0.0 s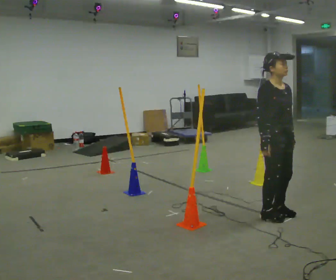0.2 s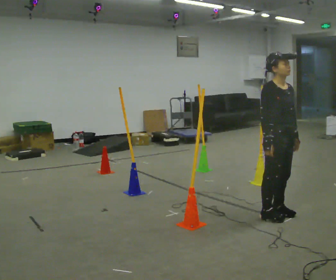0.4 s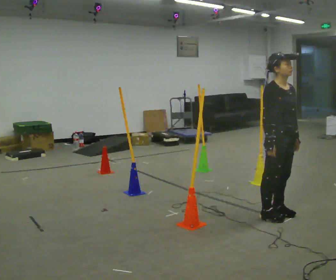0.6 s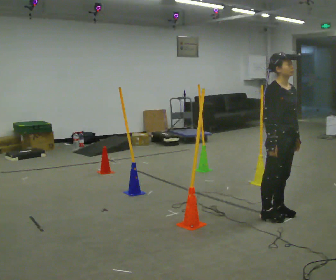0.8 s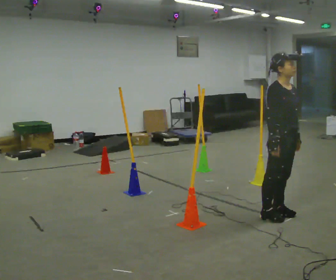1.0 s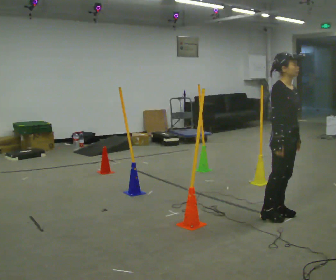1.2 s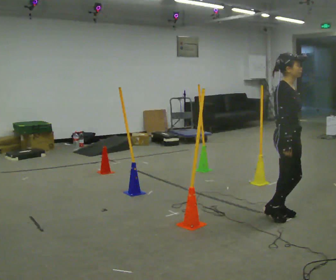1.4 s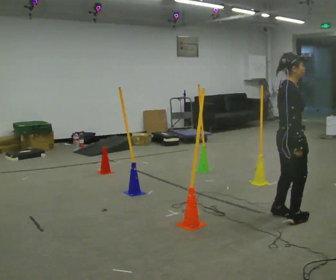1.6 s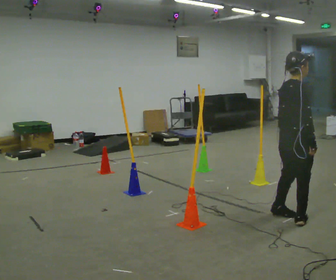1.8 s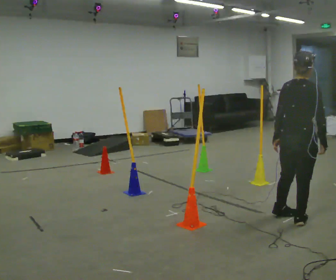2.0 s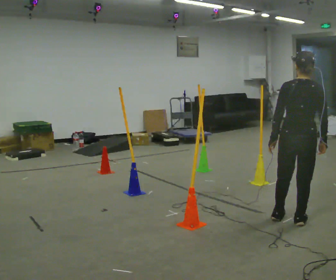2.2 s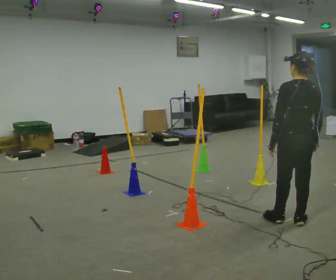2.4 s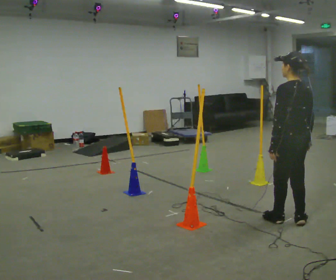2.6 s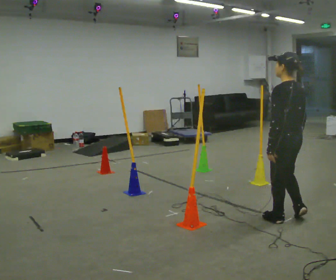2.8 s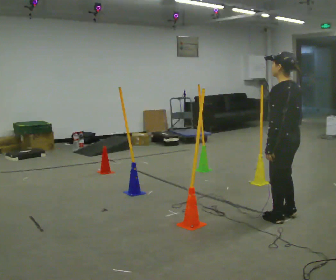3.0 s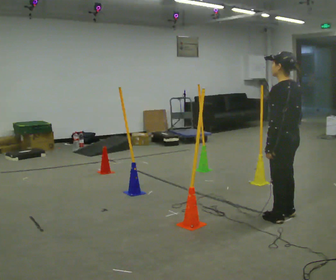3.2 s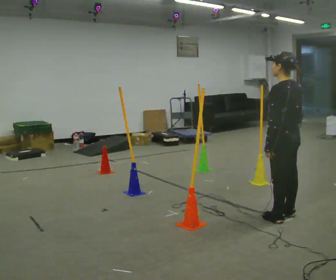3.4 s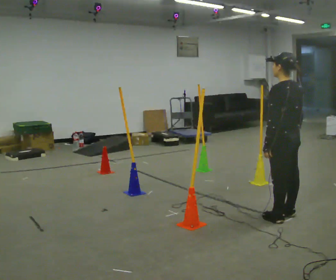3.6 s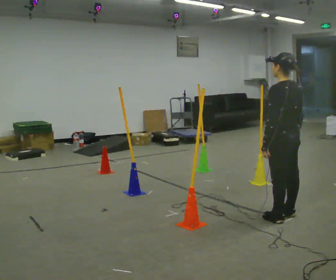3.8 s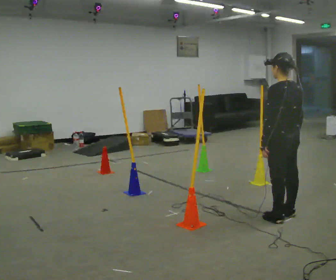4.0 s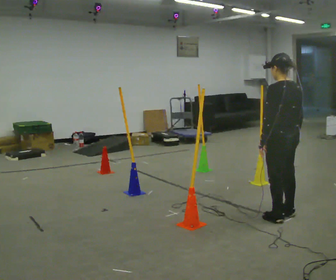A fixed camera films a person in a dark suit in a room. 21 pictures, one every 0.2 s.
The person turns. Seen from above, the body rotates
counterclockwise.
The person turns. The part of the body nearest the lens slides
to the right.
0.0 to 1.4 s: The person turns about 45 degrees to their left, counterclockwise seen from above, so the part of the body nearest the lens slides to the right.
1.4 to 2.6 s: Seen from above the body turns counterclockwise, about 135 degrees: to their left, with its near side sliding to the right.
2.6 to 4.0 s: The person moves a little, or ends about where they began.
The film runs forward here.
